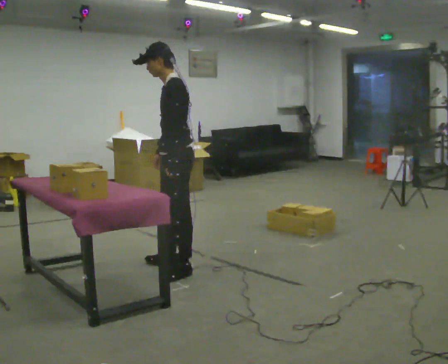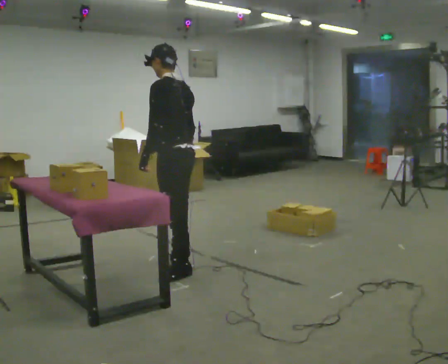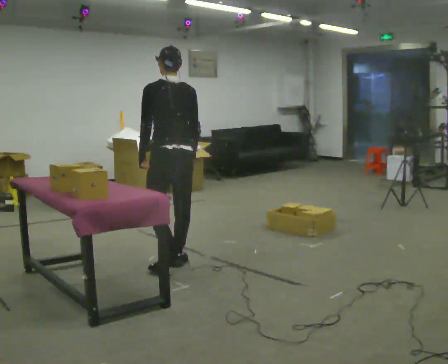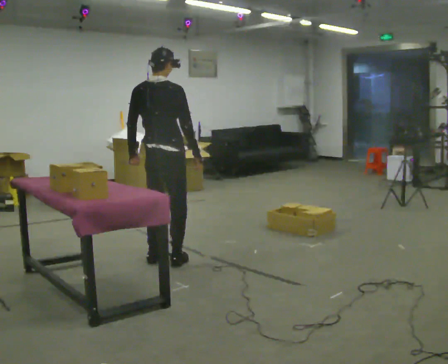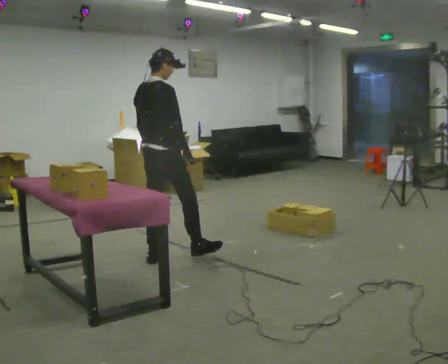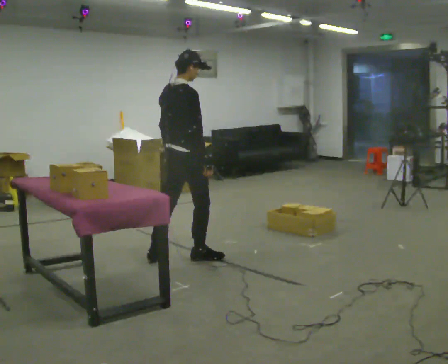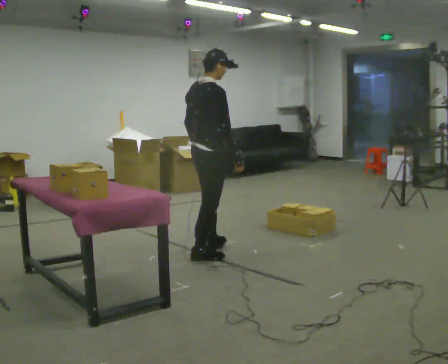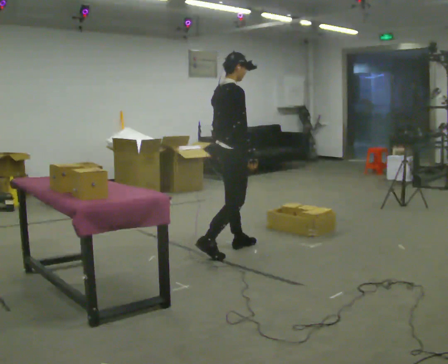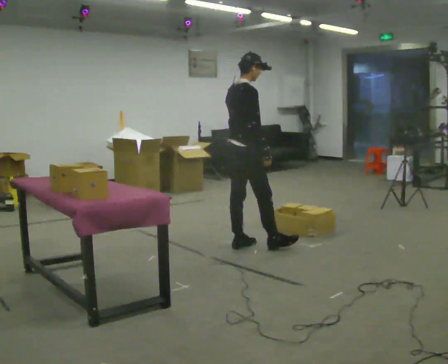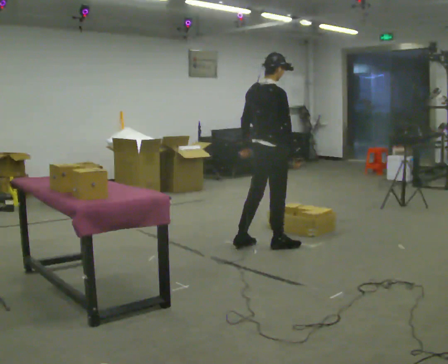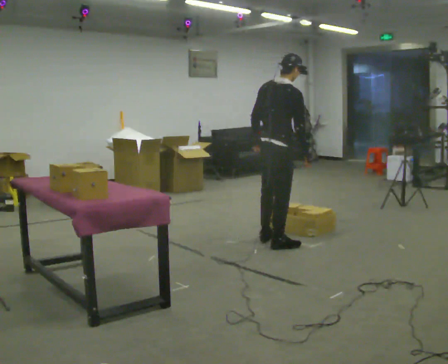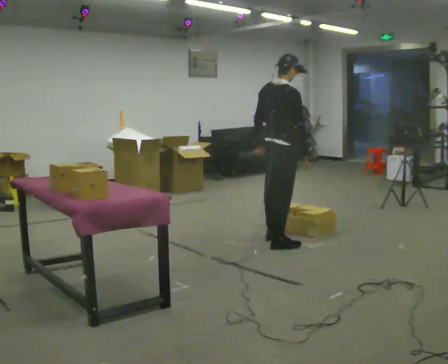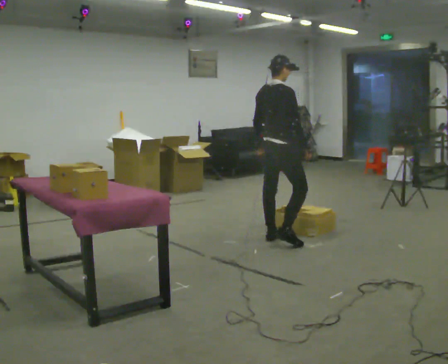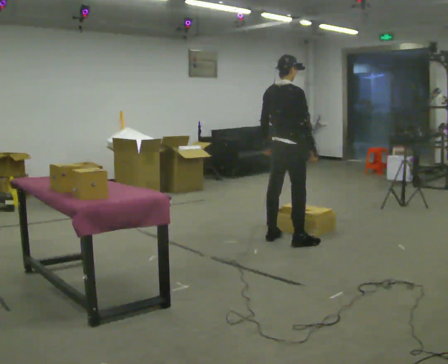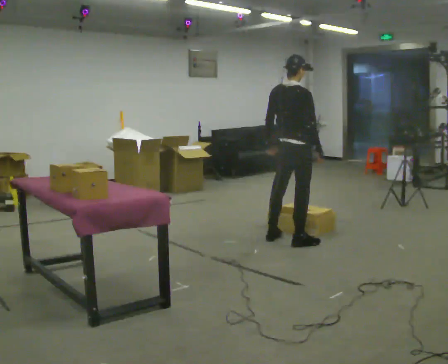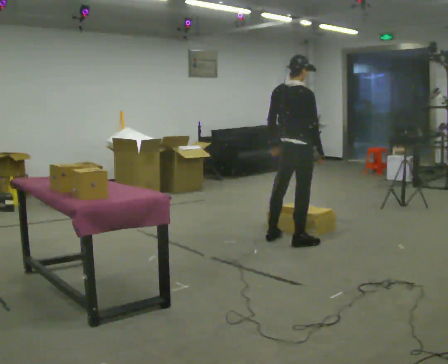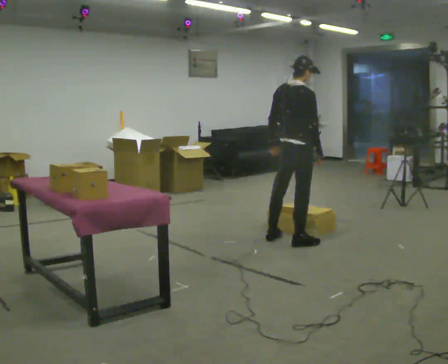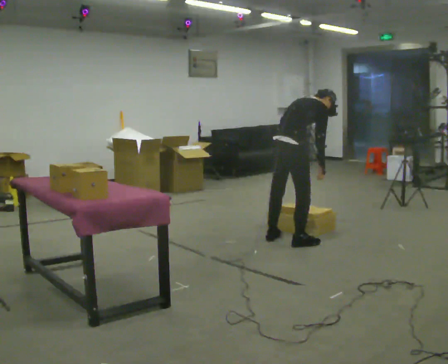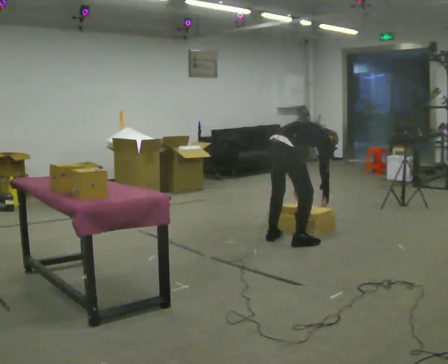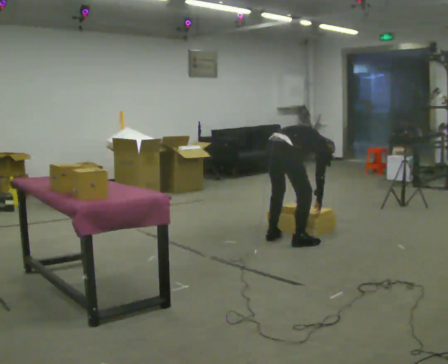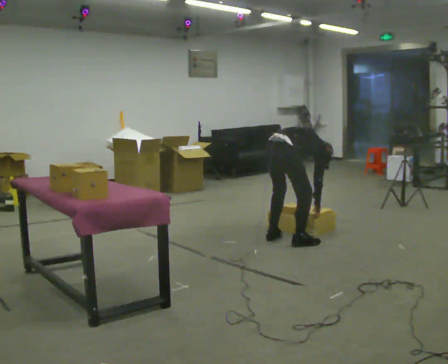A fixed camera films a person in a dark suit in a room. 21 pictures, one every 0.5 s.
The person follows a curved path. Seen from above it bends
clockwise.
The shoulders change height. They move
downward.
0.0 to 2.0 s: Seen from above the body turns clockwise, about 135 degrees: to their right, with its near side sliding to the left. In the picture they go away from the camera and to the left, about 0.5 m in 1 step.
2.0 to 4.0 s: In the picture they go to the right and away from the camera, about 1 m in 2 steps, which for them is forward.
4.0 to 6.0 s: In the picture they go to the right and away from the camera, about 0.5 m in 2 steps, which for them is forward.
6.0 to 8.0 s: The person moves a little, or ends about where they began.
8.0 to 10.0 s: The upper body goes downward. In the picture the upper body tilts clockwise, shoulders to the right, as they bend forward. In the picture their right hand goes downward.
The film runs forward here.
